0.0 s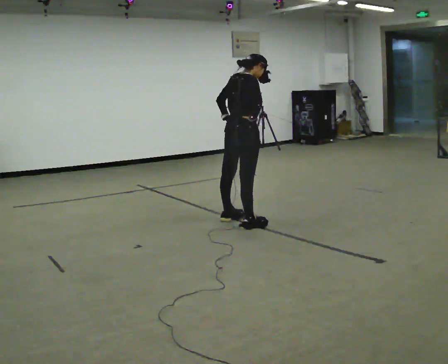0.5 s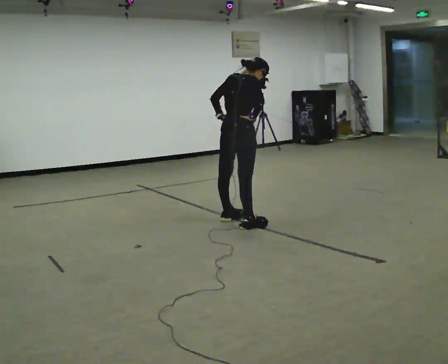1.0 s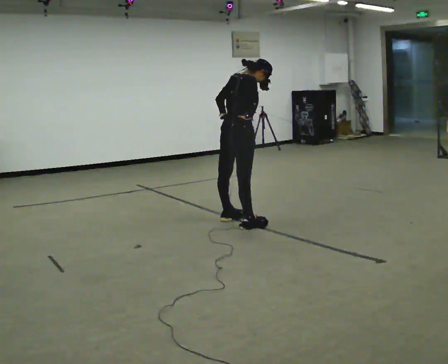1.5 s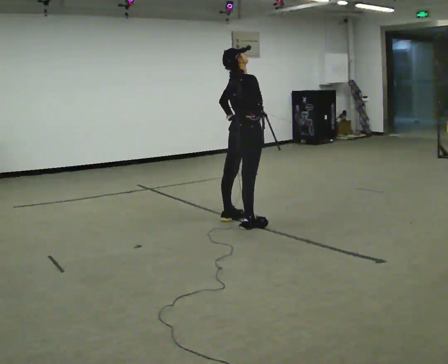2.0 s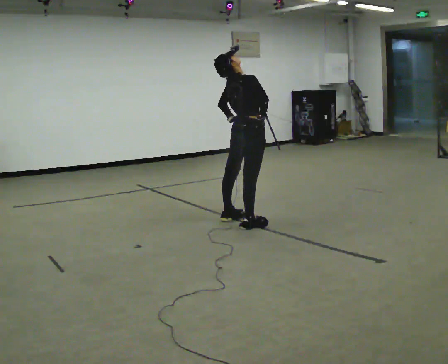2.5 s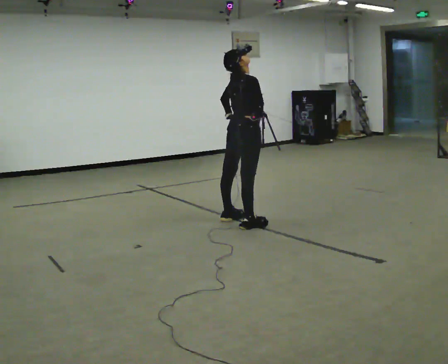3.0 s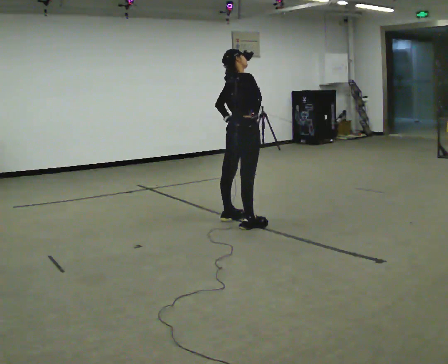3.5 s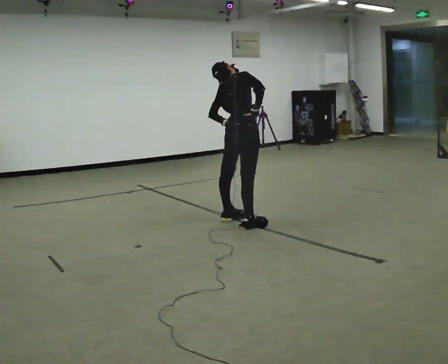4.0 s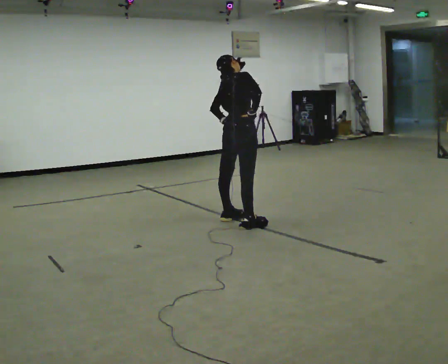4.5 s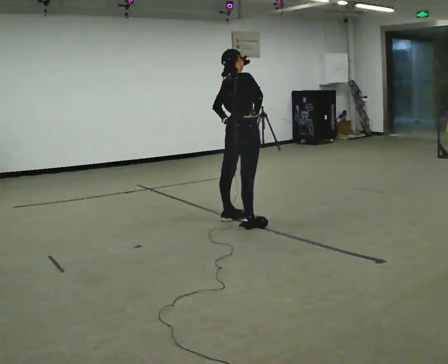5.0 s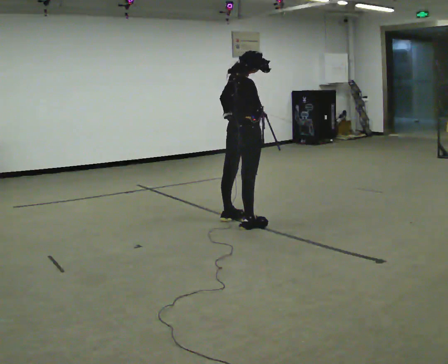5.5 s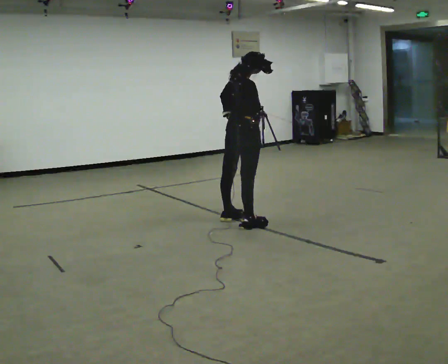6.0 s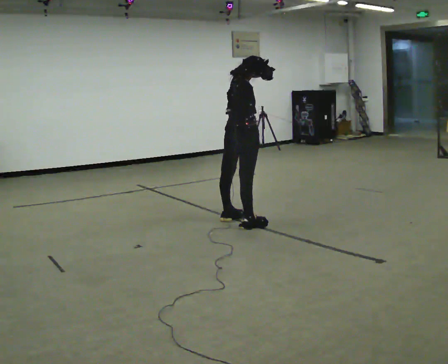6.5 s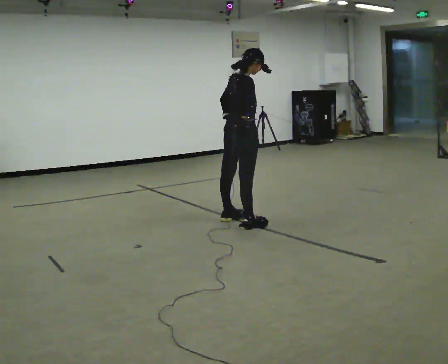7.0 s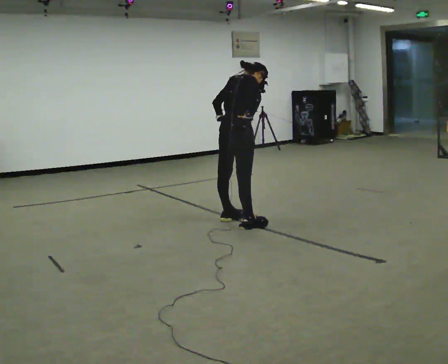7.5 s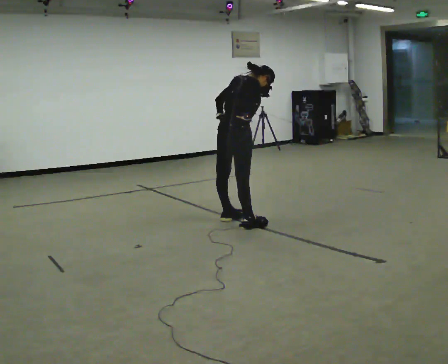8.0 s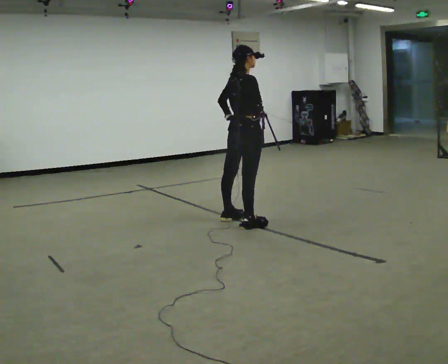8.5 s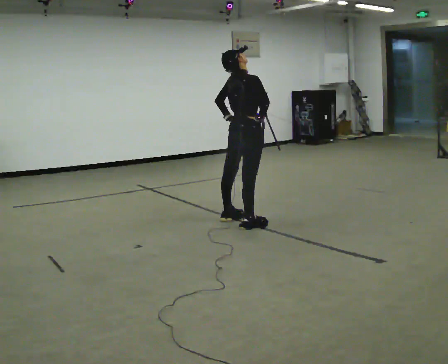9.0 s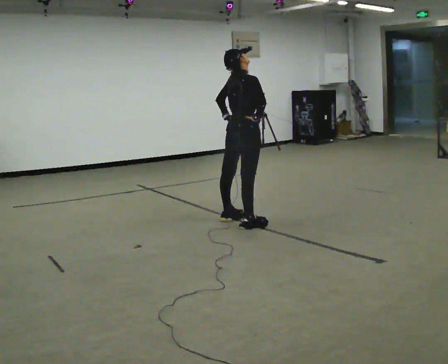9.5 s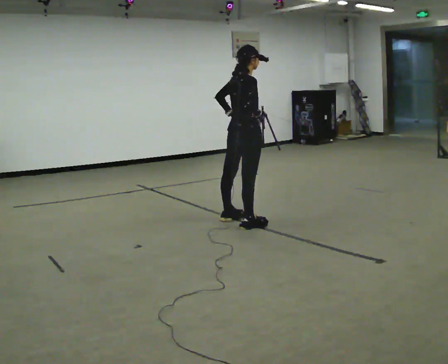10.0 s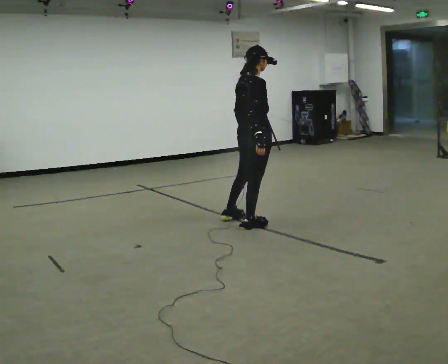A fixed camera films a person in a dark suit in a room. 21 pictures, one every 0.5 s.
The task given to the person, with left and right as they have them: Dance freely at a slow tempo as if to slow music; keep moving continuously.
0.0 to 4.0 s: The person moves a little, or ends about where they began.
4.0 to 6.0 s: The upper body tips toward the camera, its near side rolling downward.
6.0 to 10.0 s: The person moves a little, or ends about where they began.
The film runs forward here.
